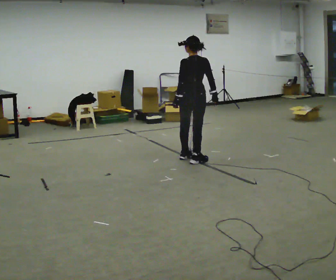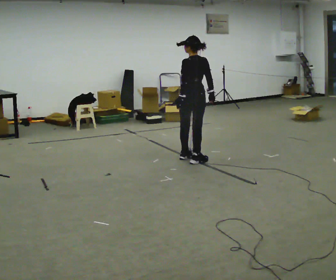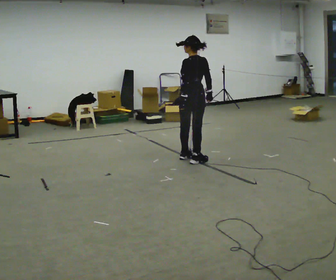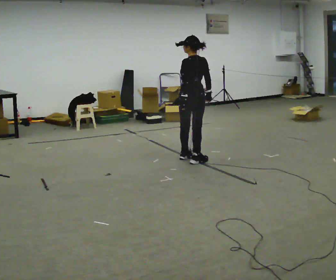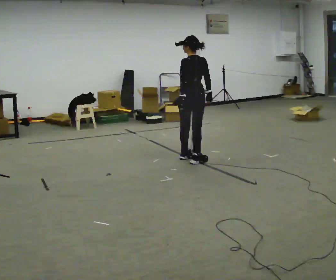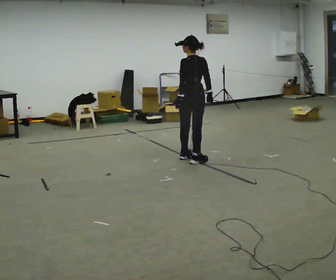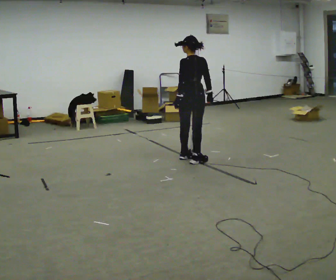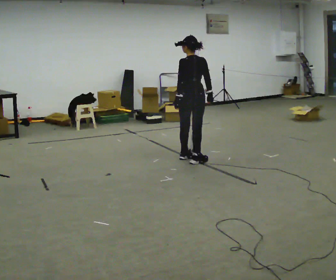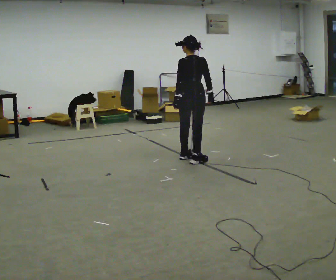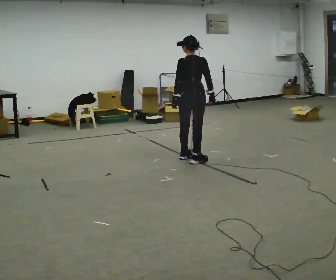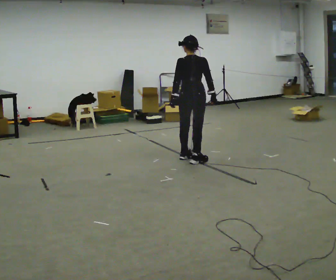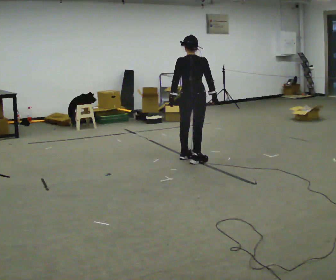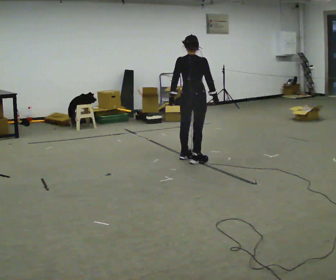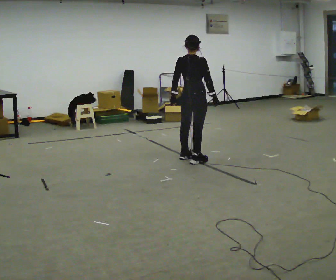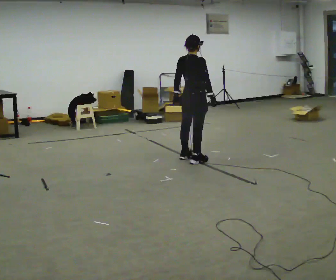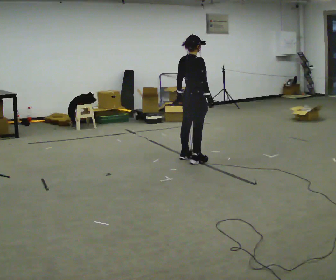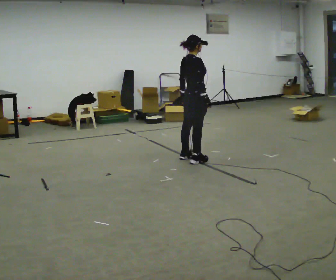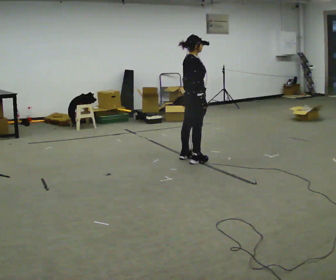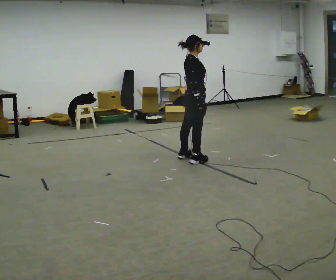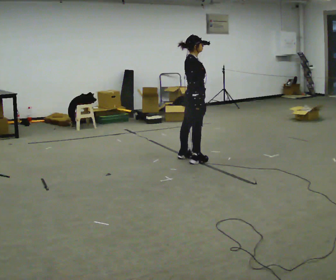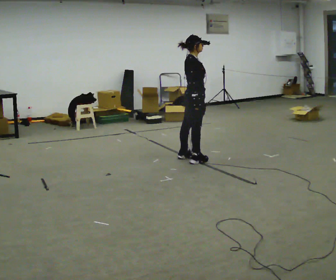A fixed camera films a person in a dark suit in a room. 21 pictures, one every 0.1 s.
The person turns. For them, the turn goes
to their right.
The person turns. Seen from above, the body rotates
clockwise.
0.0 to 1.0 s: The person moves a little, or ends about where they began.
1.0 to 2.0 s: Seen from above the body turns clockwise, about 75 degrees: to their right, with its near side sliding to the left.
The film runs forward here.
